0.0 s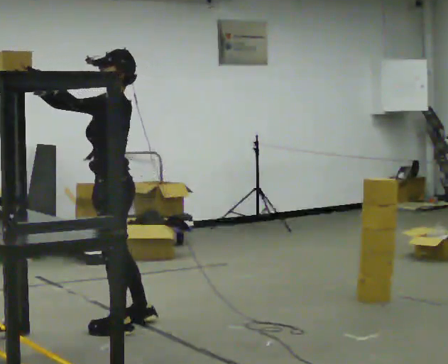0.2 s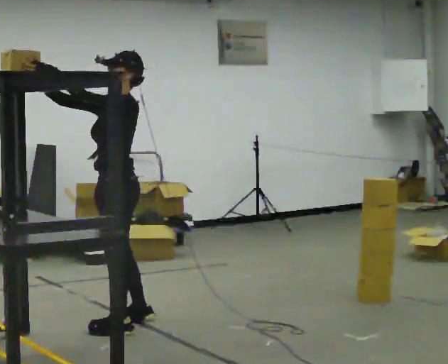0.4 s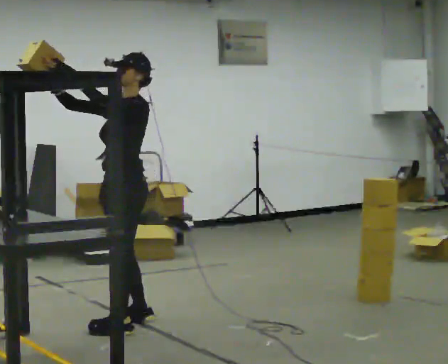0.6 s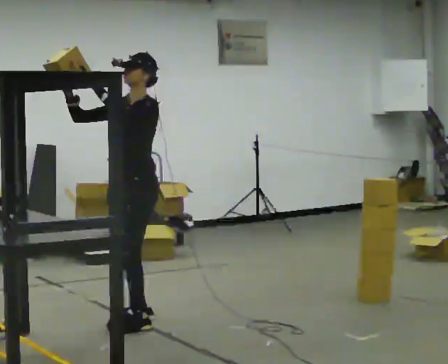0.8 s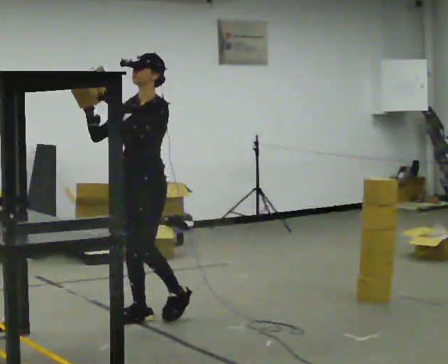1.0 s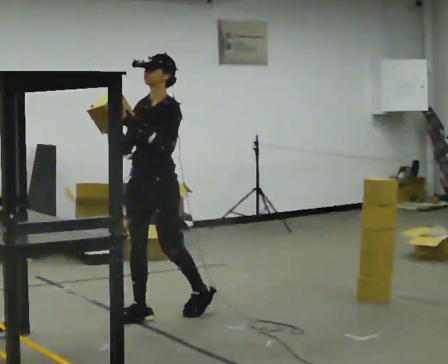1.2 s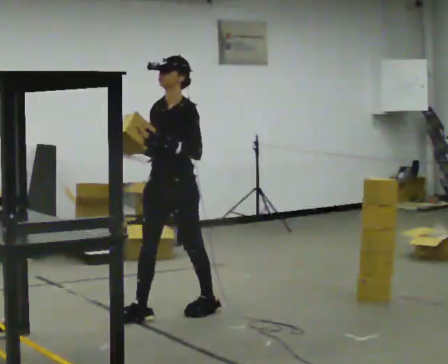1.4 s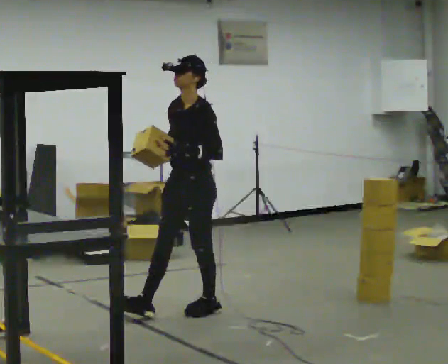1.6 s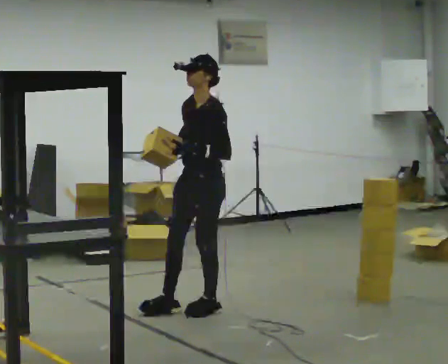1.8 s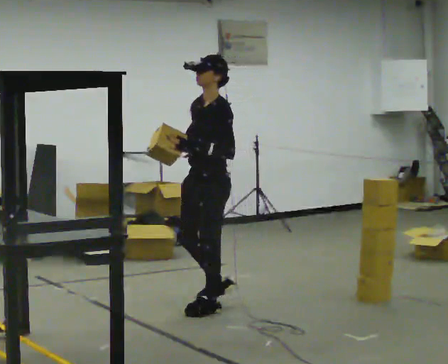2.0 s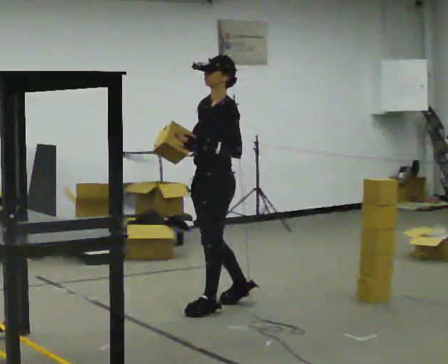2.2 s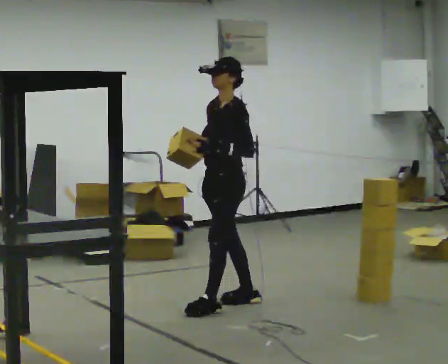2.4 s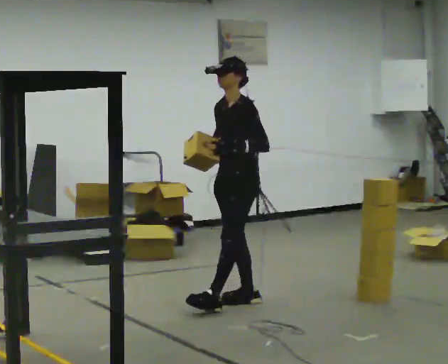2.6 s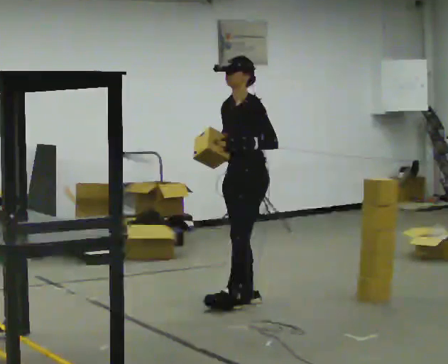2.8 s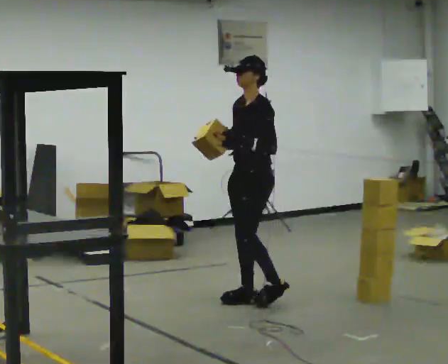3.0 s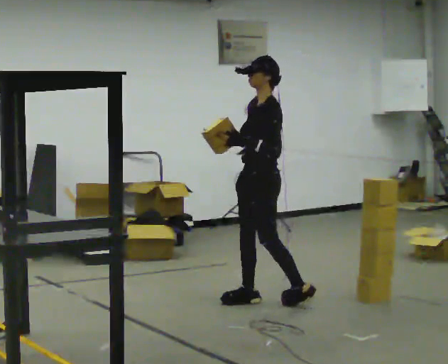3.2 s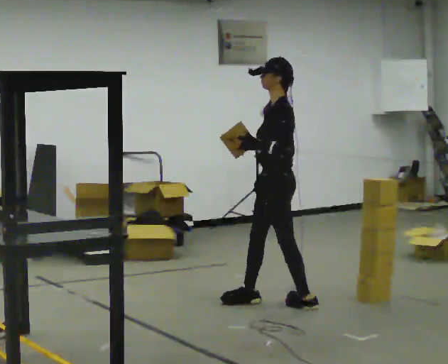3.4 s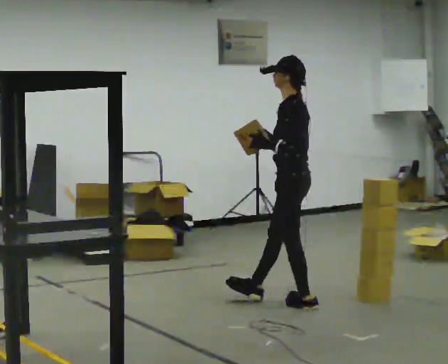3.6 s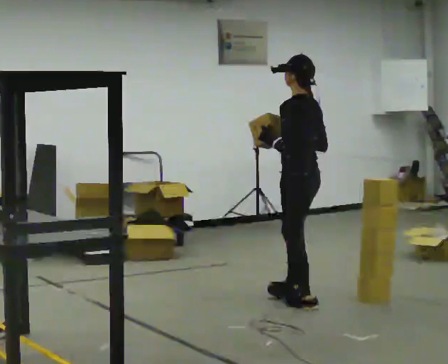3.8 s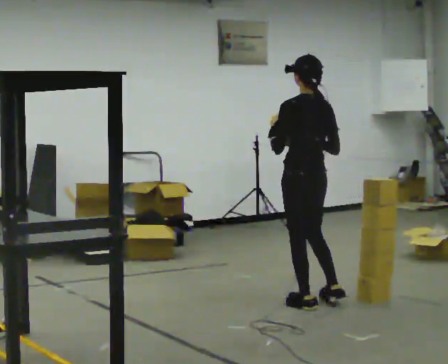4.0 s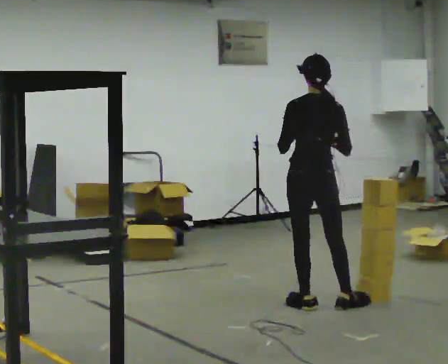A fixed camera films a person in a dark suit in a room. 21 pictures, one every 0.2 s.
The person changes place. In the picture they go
to the right.
0.0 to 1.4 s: The part of the body nearest the lens slides to the right as the person turns to their left by about 30 degrees. In the picture they go away from the camera and to the right, about 0.5 m in 1 step, which for them is backward. In the picture their left hand goes downward.
1.4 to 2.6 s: In the picture they go to the right and away from the camera, about 0.5 m in 2 steps, which for them is backward and to their right.
2.6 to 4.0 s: The person turns about 105 degrees to their right, clockwise seen from above, so the part of the body nearest the lens slides to the left. In the picture they go to the right and toward the camera, about 0.5 m in 1 step. In the picture the upper body tilts clockwise, shoulders to the right.
The film runs backward here.
